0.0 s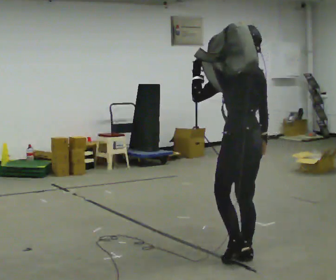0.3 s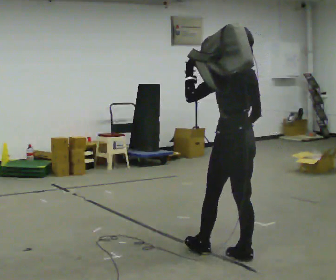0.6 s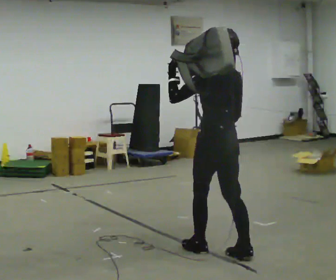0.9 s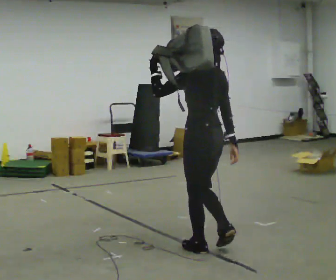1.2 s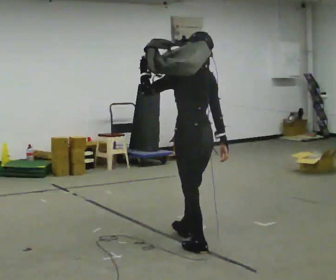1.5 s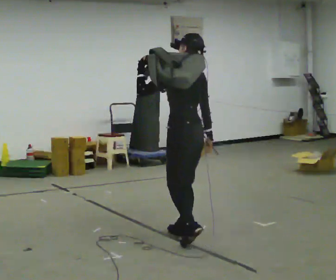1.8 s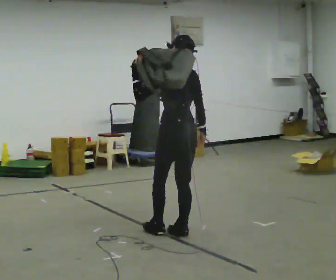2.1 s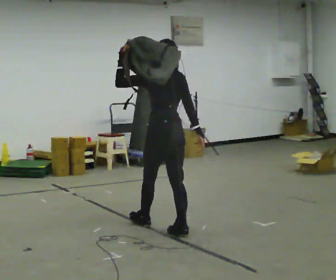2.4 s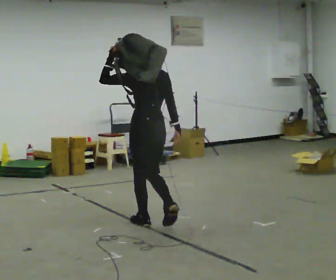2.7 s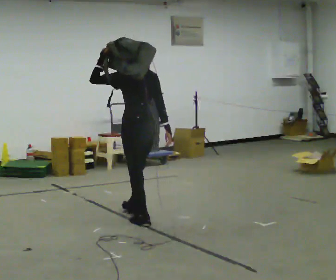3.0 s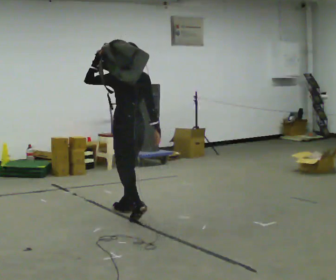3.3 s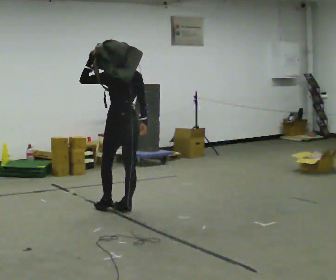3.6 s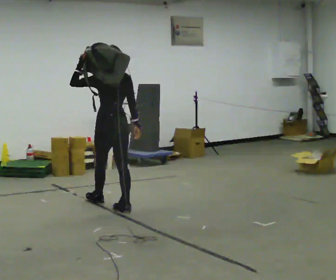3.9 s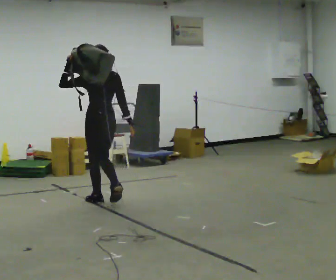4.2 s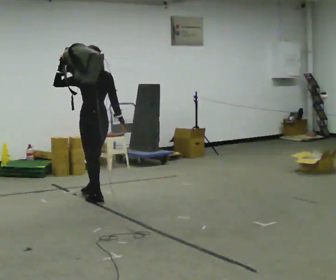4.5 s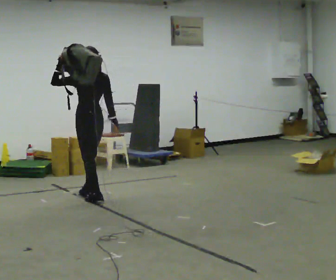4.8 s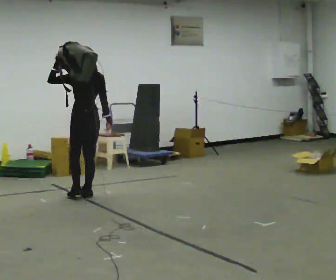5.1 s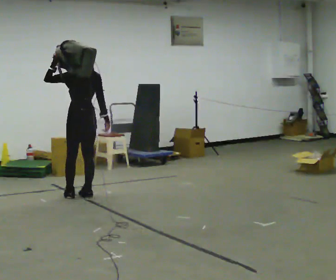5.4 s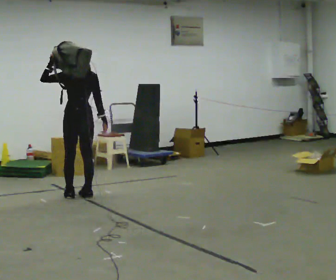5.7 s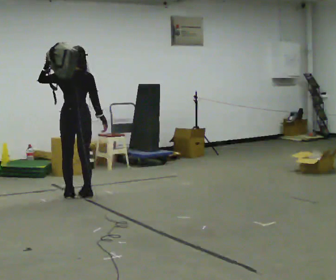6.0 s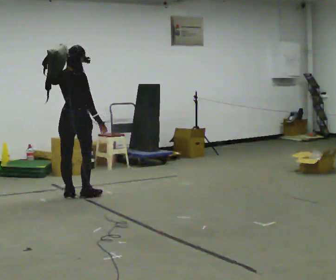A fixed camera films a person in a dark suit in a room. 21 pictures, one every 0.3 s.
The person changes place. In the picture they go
away from the camera.
0.0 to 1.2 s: In the picture they go away from the camera and to the left, about 0.5 m in 1 step, which for them is forward.
1.2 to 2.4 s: In the picture they go away from the camera and to the left, about 0.5 m in 2 steps, which for them is forward.
2.4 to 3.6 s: In the picture they go away from the camera and to the left, about 0.5 m in 2 steps, which for them is forward.
3.6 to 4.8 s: In the picture they go away from the camera and to the left, about 0.5 m in 1 step, which for them is forward.
4.8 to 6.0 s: The part of the body nearest the lens slides to the left as the person turns to their right by about 75 degrees.
The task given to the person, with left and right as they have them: Put the soft bag up onto your shoulder and carry it across the room, back and forth.
The film runs forward here.
